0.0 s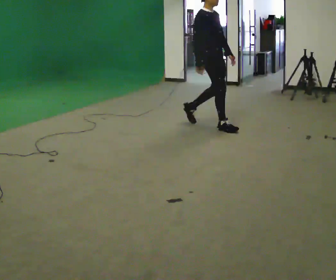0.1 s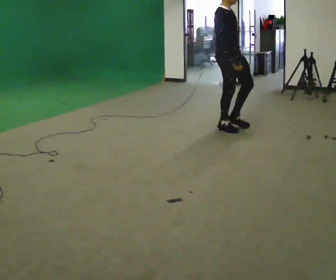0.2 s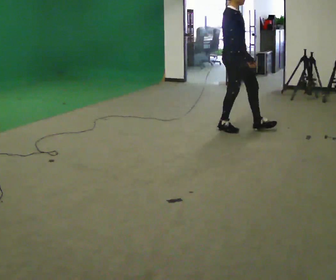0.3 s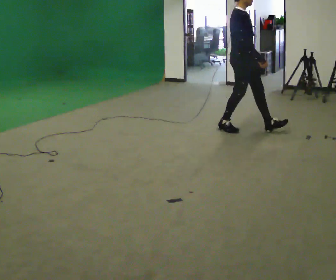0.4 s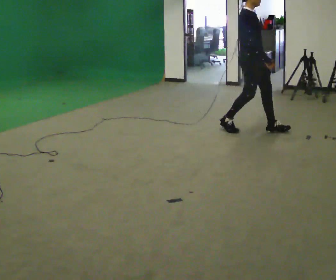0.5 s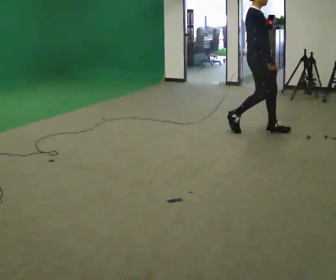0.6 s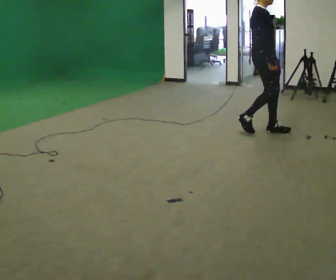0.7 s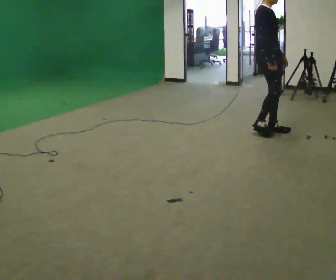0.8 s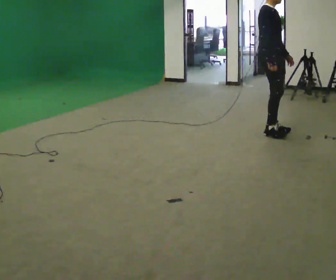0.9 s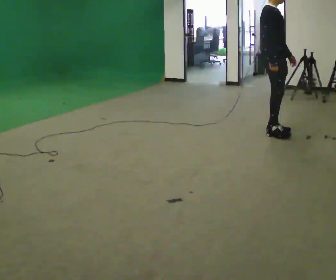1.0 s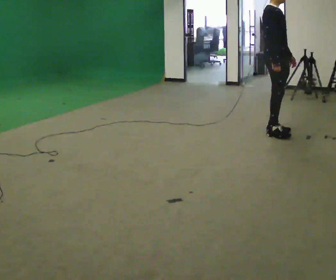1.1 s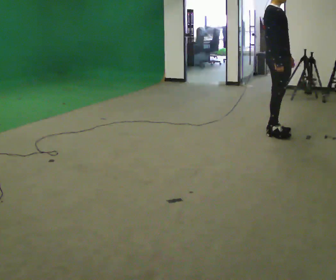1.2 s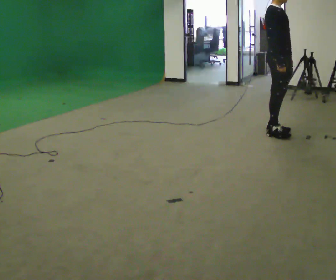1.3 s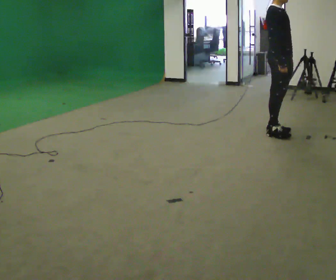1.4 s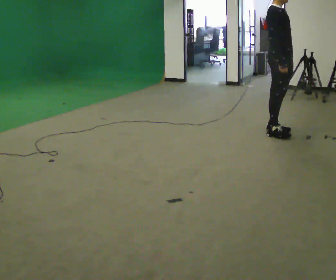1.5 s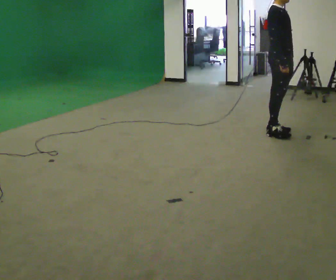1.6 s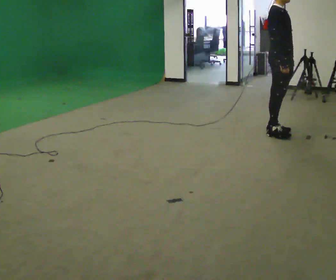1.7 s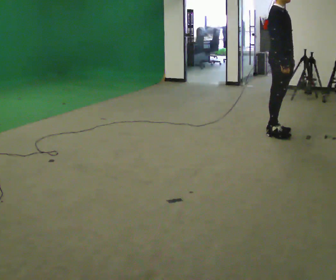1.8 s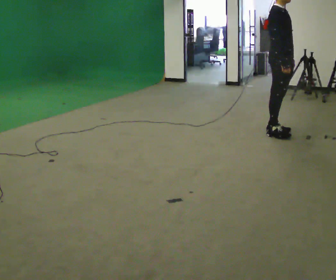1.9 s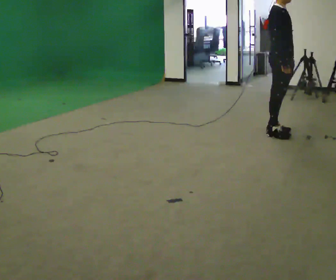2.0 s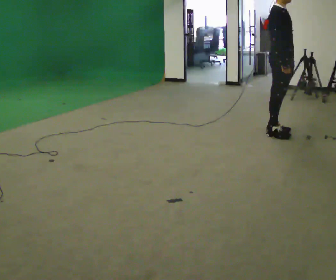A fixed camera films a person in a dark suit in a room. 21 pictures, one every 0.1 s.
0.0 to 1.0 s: In the picture they go to the right, about 0.5 m in 2 steps, which for them is forward.
1.0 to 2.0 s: The person moves a little, or ends about where they began.
The film runs forward here.
